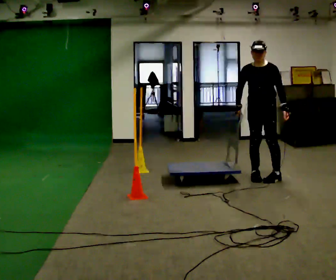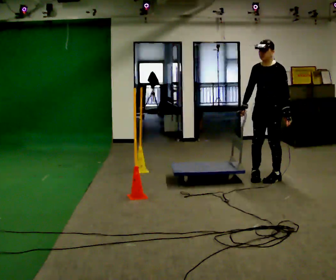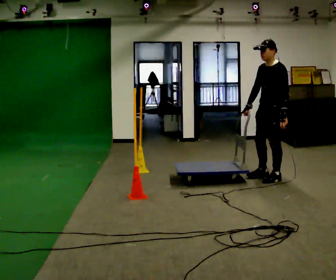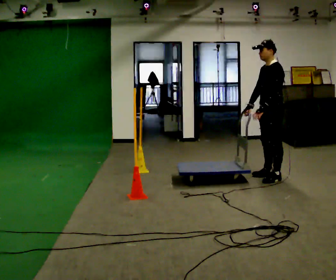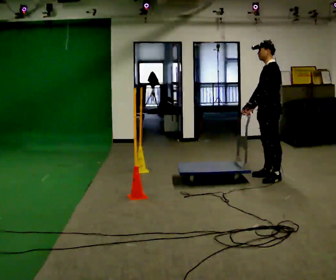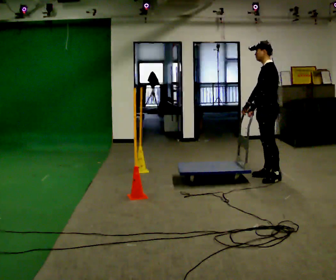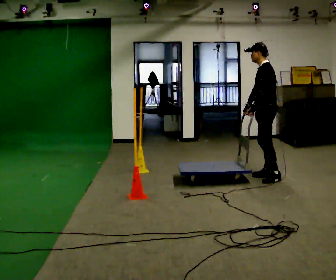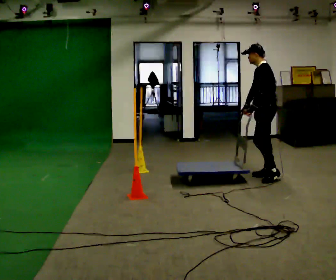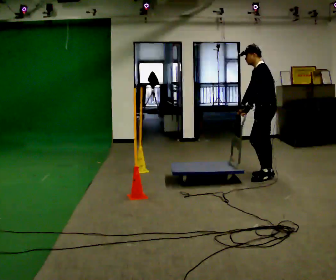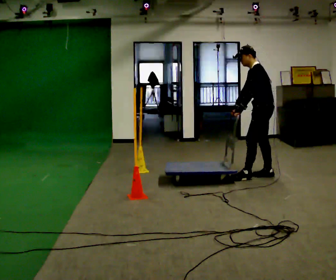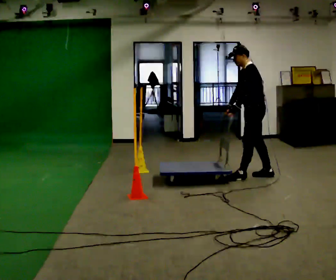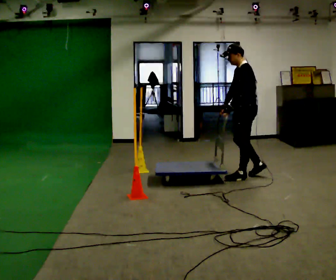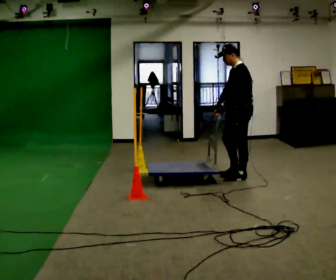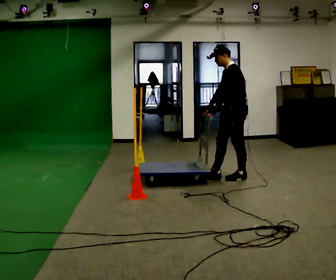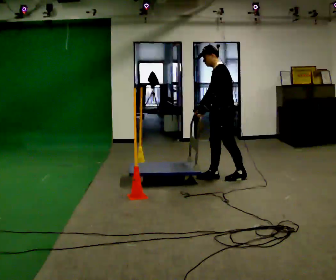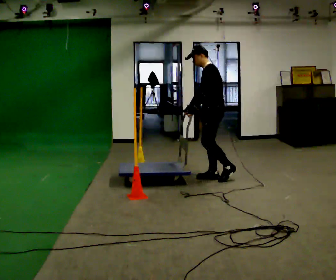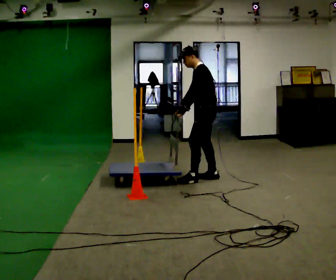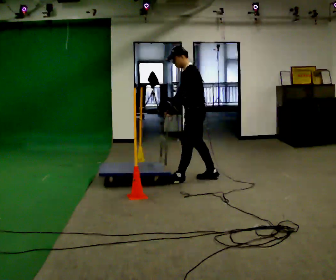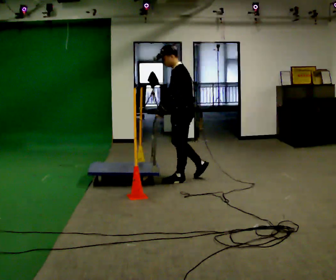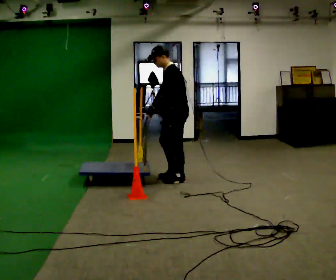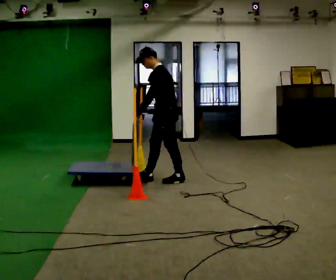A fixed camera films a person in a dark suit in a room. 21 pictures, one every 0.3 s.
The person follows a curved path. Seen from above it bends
counterclockwise.
The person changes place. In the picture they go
to the left.
0.0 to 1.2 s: The part of the body nearest the lens slides to the left as the person turns to their right by about 75 degrees. In the picture their left hand goes to the left, the arm swinging clockwise.
1.2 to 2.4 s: The person moves a little, or ends about where they began.
2.4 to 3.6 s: In the picture they go to the left, about 0.25 m in 1 step, which for them is forward.
3.6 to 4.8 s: In the picture they go to the left, about 0.5 m in 1 step, which for them is forward.
4.8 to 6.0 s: In the picture they go to the left and toward the camera, about 0.5 m in 2 steps, which for them is forward.
The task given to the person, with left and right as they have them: Push the cart through the gap between the poles without touching them, then bring it back through.
The film runs forward here.
